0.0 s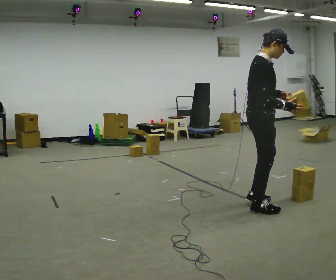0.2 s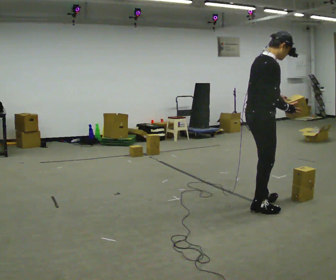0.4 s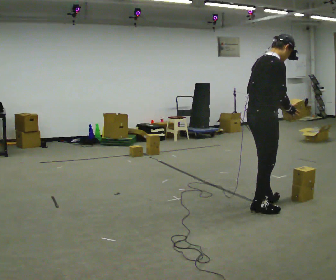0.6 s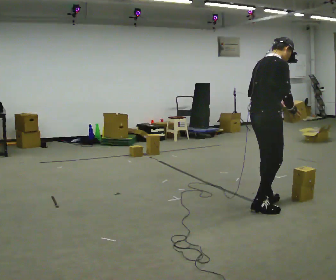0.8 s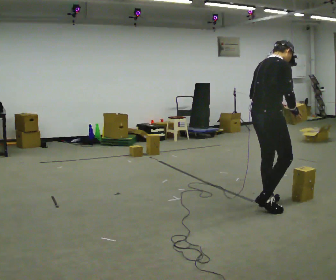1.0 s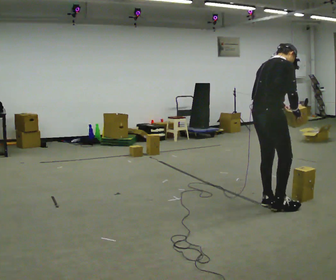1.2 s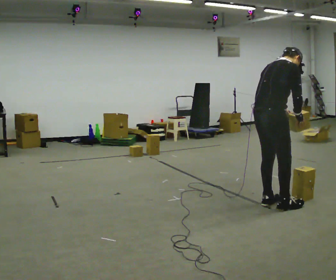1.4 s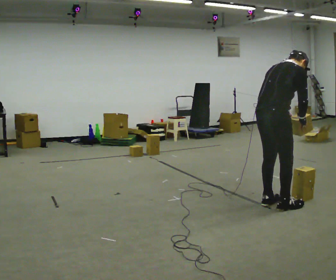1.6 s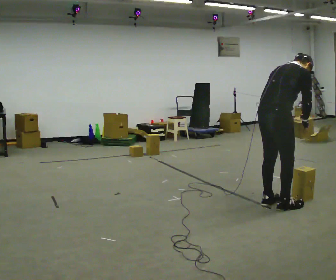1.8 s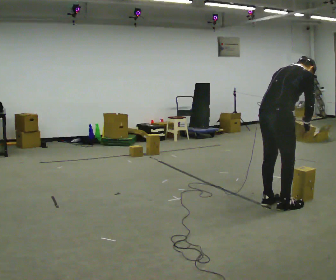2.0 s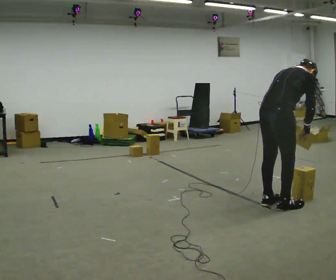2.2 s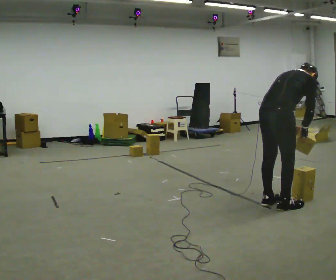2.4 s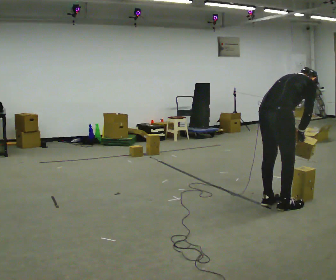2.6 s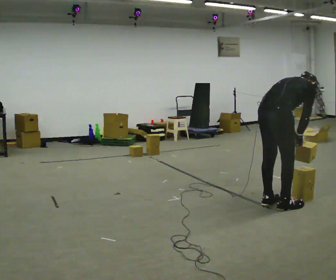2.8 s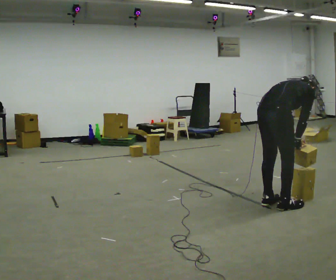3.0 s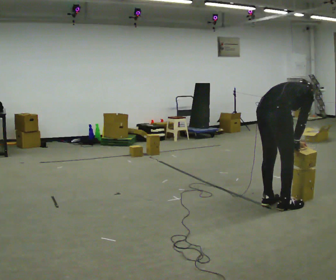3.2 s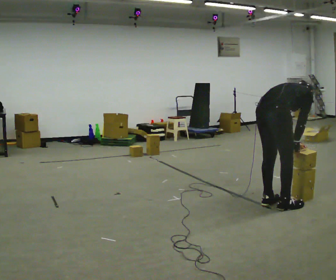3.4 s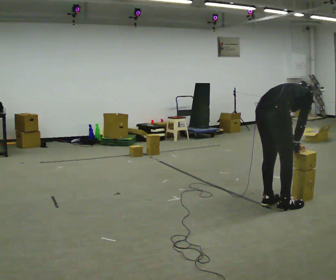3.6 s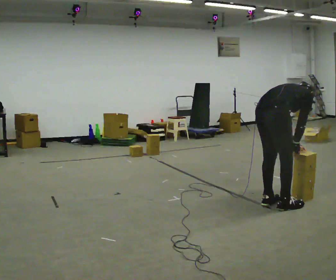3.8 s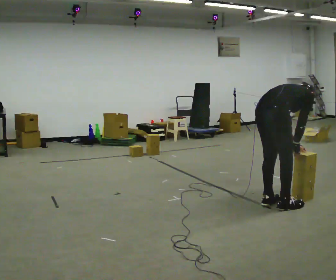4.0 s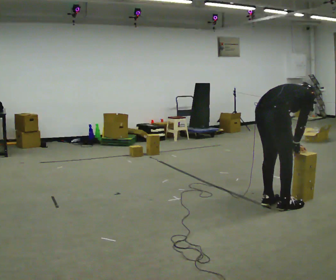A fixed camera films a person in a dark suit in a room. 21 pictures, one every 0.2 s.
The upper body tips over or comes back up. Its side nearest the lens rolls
upward.
The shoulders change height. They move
downward.
0.0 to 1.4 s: The part of the body nearest the lens slides to the right as the person turns to their left by about 30 degrees. The upper body tips away from the camera, its near side rolling upward, as they bend forward.
1.4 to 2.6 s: The shoulders move downward. The upper body tips away from the camera, its near side rolling upward, as they bend forward.
2.6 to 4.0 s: The person moves a little, or ends about where they began.
The film runs forward here.
